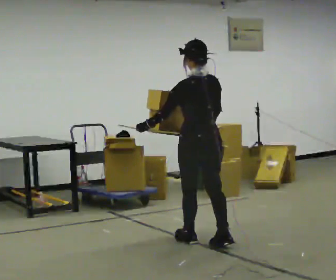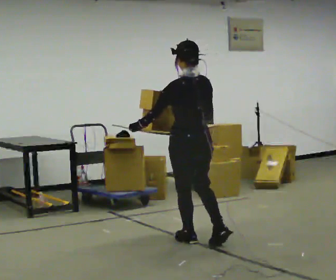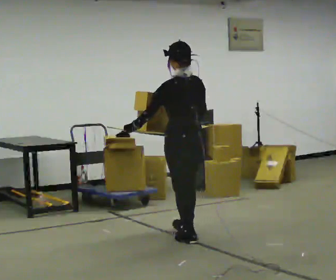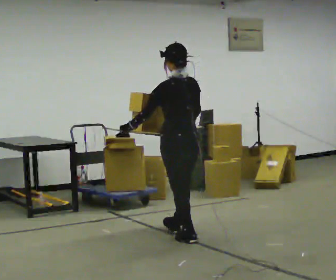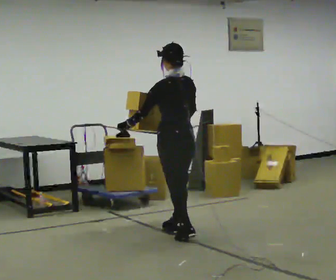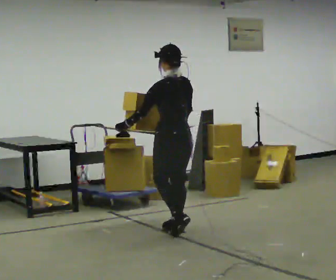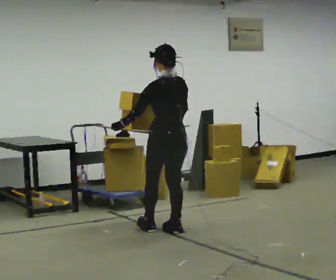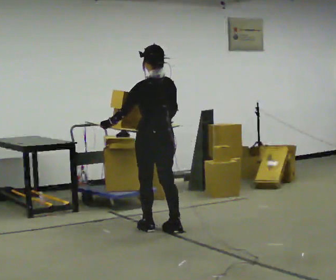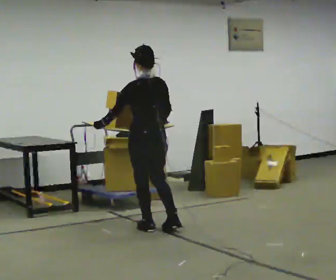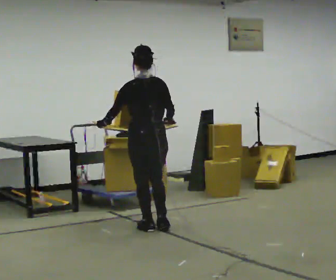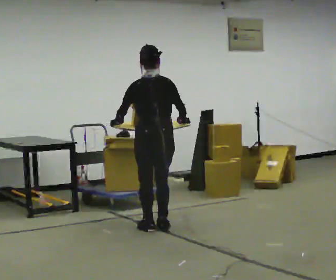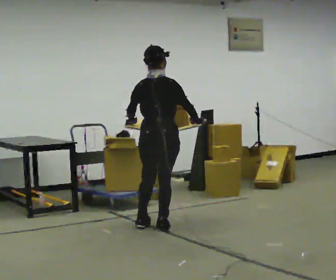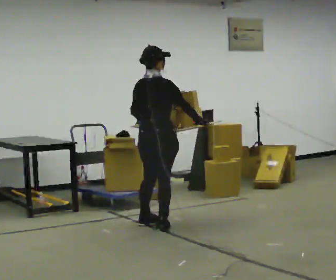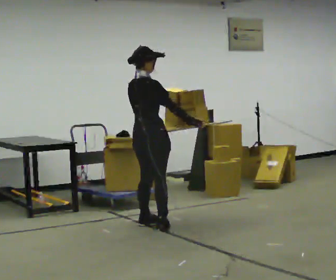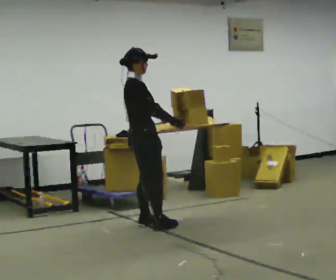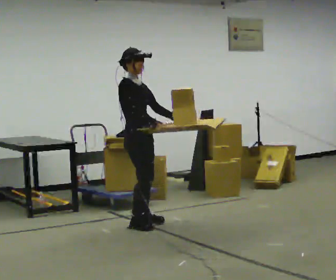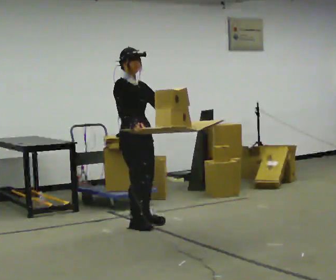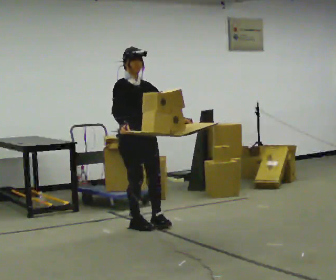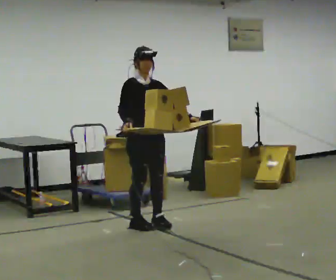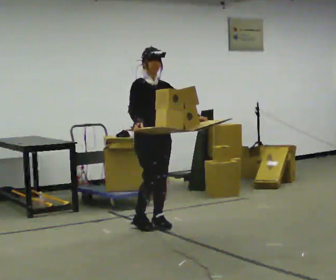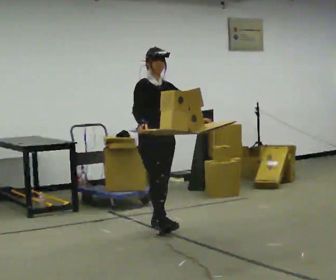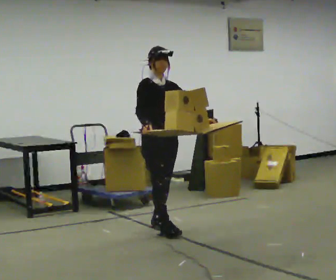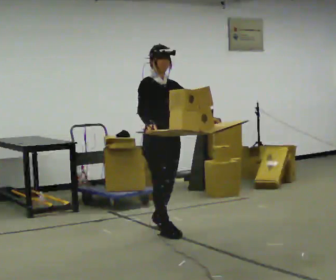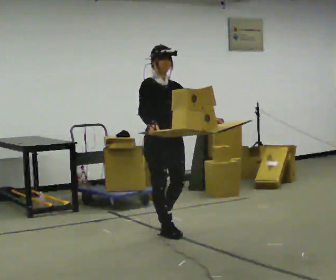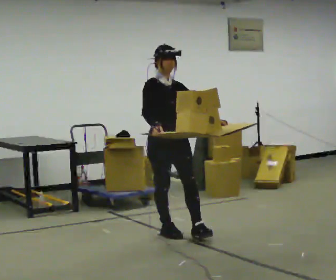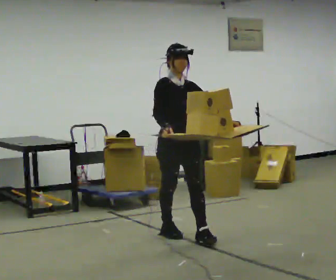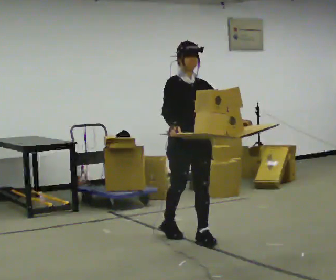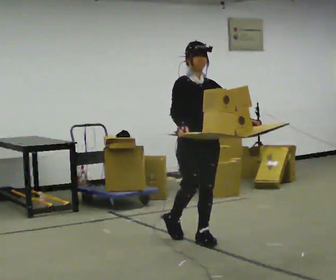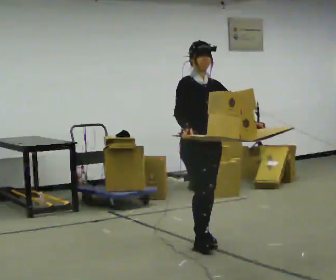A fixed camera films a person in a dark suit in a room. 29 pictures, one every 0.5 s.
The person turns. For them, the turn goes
to their right.
The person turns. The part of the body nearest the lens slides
to the left.
0.0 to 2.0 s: In the picture they go away from the camera and to the left, about 0.5 m in 1 step, which for them is forward.
2.0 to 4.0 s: In the picture they go to the left and away from the camera, about 0.25 m in 1 step, which for them is forward.
4.0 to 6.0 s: The person turns about 60 degrees to their right, clockwise seen from above, so the part of the body nearest the lens slides to the left. In the picture their right hand goes to the right.
6.0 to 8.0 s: The part of the body nearest the lens slides to the left as the person turns to their right by about 90 degrees. In the picture they go to the left, about 0.25 m in 1 step. In the picture their right hand goes to the left.
8.0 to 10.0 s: In the picture they go to the right, about 0.25 m in 1 step, which for them is forward and to their left.
10.0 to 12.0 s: In the picture they go toward the camera, about 0.25 m in 1 step, which for them is forward and to their right.
12.0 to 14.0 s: In the picture they go toward the camera and to the right, about 0.25 m in 1 step, which for them is forward.
The film runs forward here.
